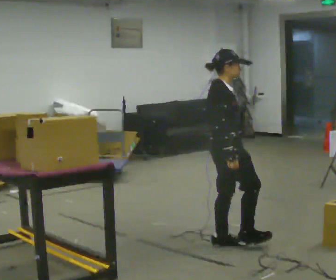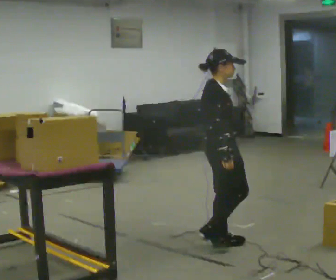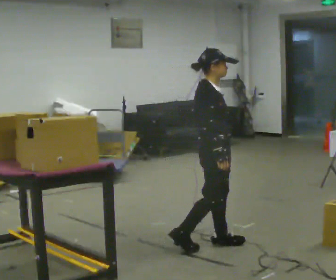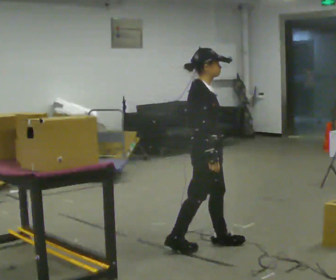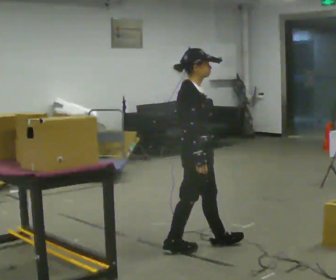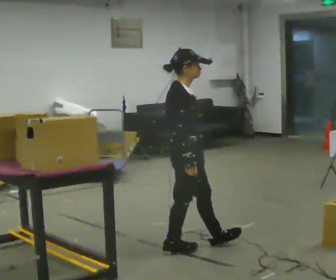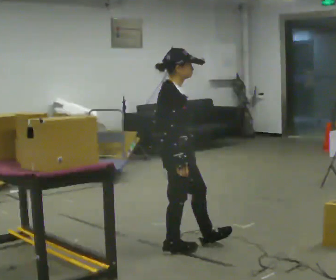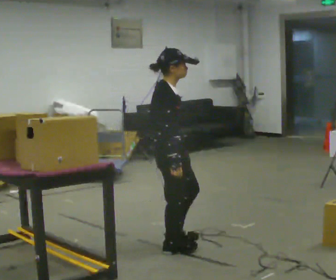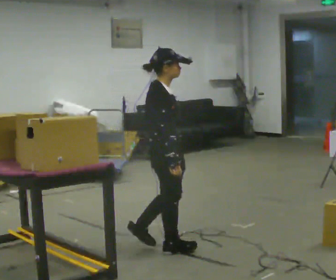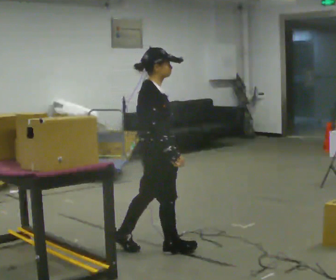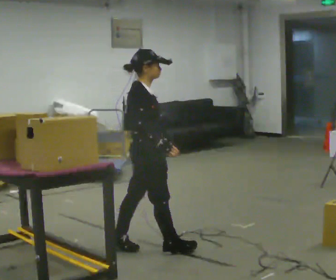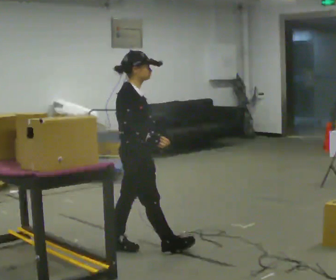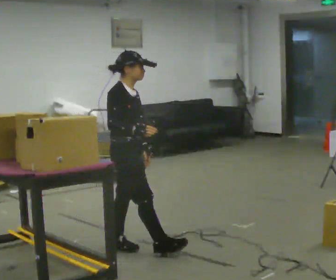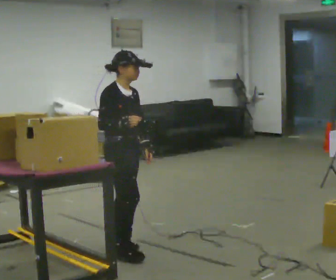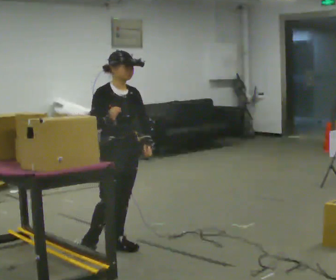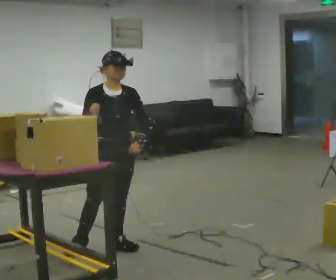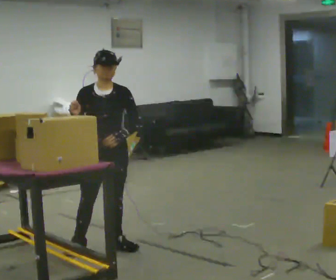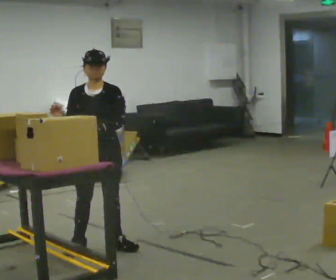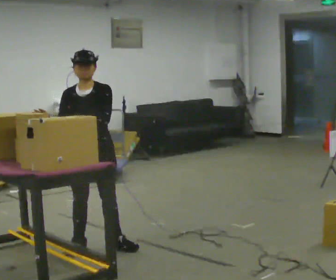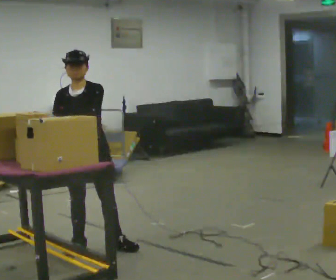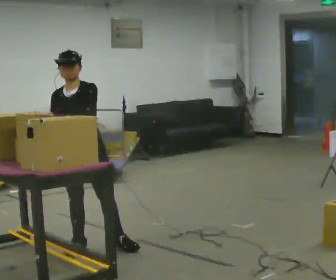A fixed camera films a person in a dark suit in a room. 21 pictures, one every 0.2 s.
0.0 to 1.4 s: In the picture they go to the left, about 0.5 m in 1 step, which for them is backward.
1.4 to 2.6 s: The part of the body nearest the lens slides to the left as the person turns to their right by about 30 degrees. In the picture they go to the left and away from the camera, about 0.25 m in 1 step, which for them is backward.
2.6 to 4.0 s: The person turns about 75 degrees to their right, clockwise seen from above, so the part of the body nearest the lens slides to the left. In the picture they go to the left, about 0.25 m.
The film runs backward here.
